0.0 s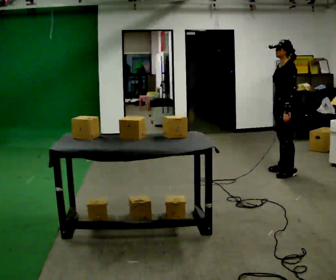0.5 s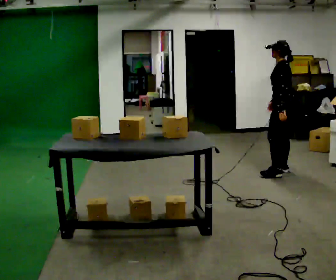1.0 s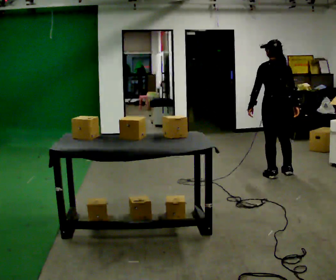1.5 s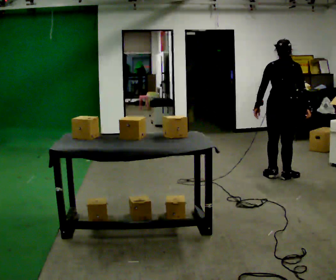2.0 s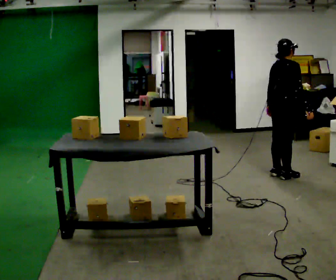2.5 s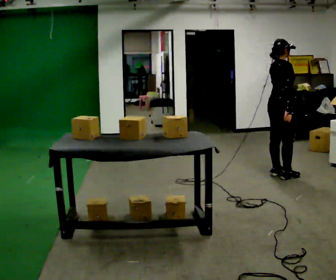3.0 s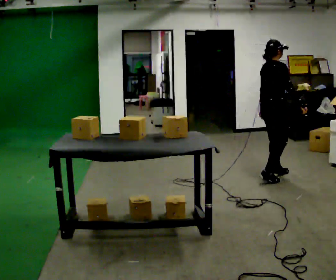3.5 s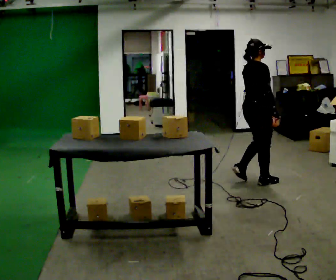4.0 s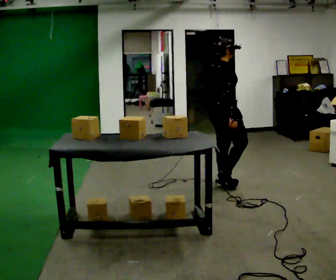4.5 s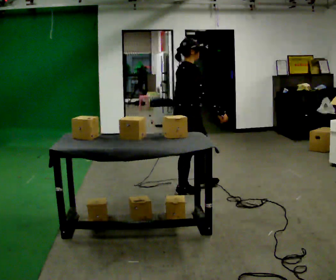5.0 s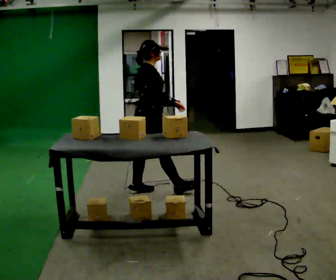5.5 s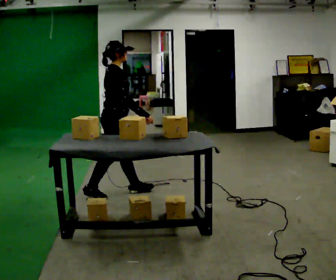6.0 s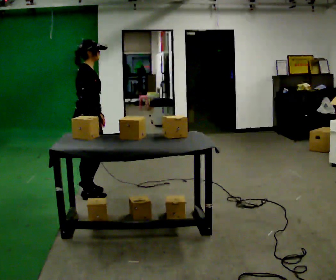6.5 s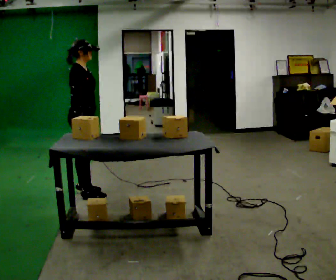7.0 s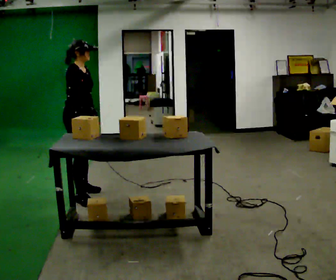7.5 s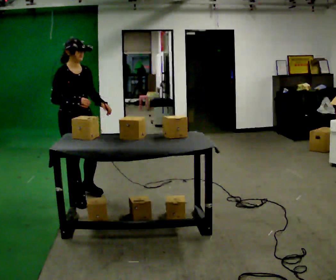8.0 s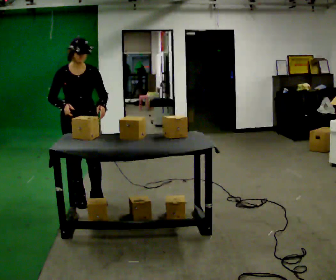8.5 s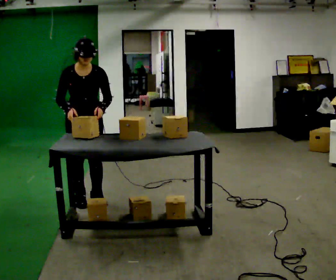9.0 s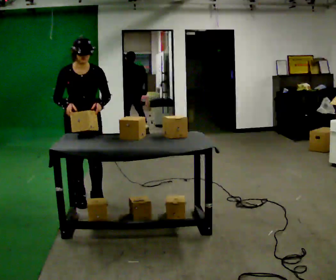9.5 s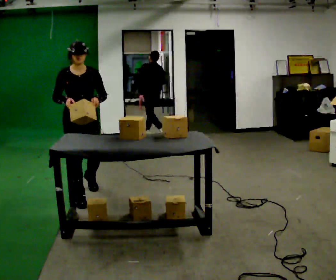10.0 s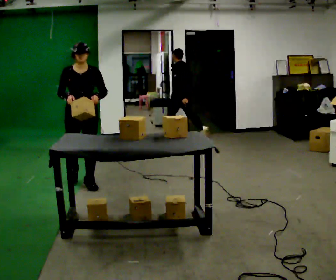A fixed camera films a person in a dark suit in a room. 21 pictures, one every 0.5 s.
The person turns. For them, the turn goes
to their right.
The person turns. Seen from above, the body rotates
clockwise.
0.0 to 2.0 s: The person turns about 150 degrees to their right, clockwise seen from above, so the part of the body nearest the lens slides to the left.
2.0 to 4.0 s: In the picture they go to the left, about 0.5 m in 3 steps, which for them is backward.
4.0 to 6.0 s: In the picture they go to the left, about 1.5 m in 3 steps, which for them is backward.
6.0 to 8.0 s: The part of the body nearest the lens slides to the left as the person turns to their right by about 75 degrees.
8.0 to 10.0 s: In the picture they go away from the camera, about 0.5 m in 2 steps, which for them is backward.
The film runs backward here.
